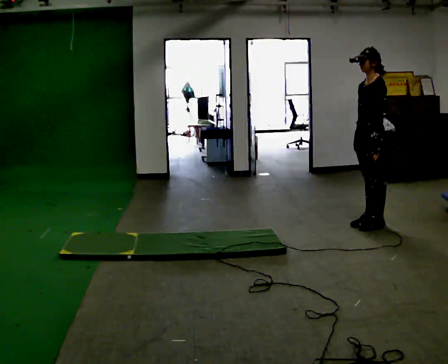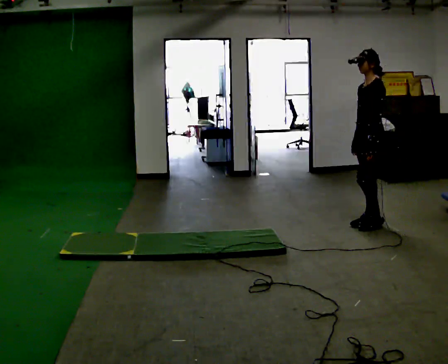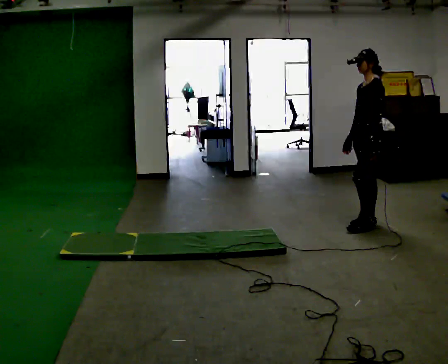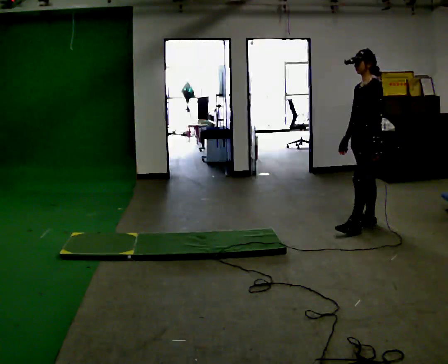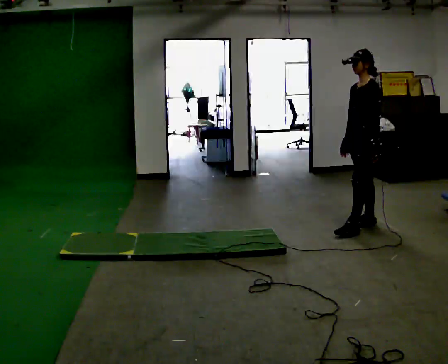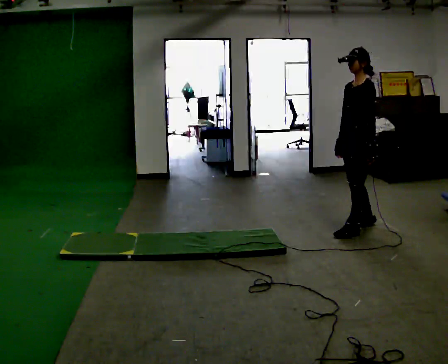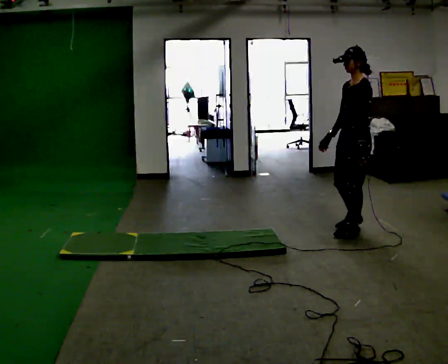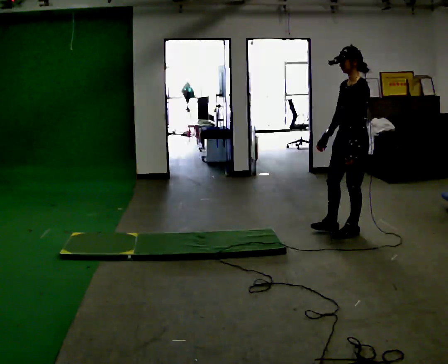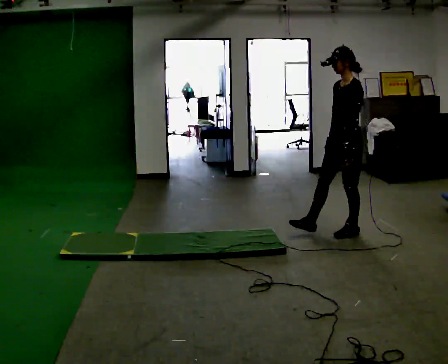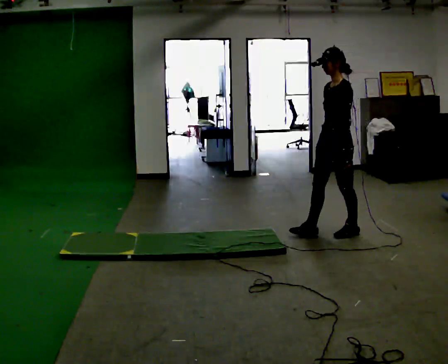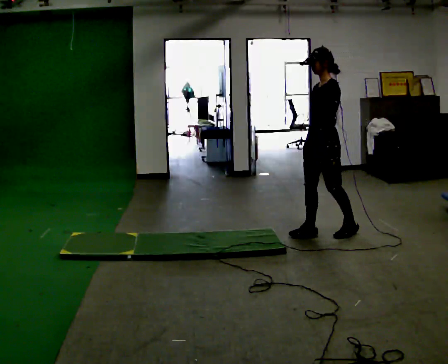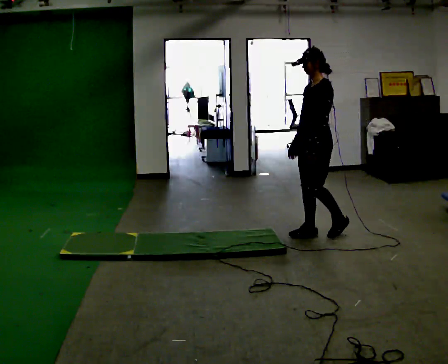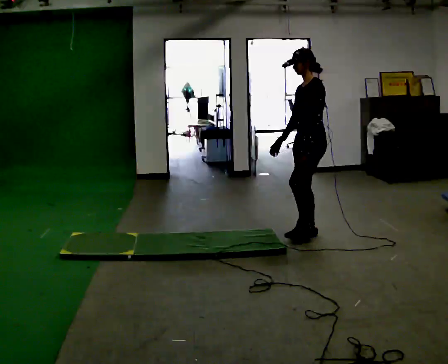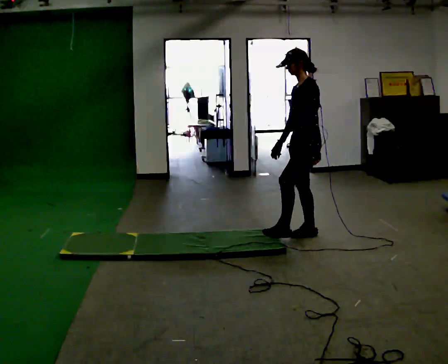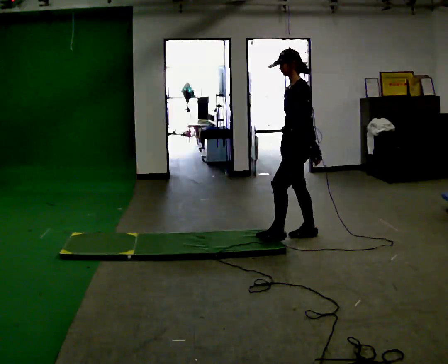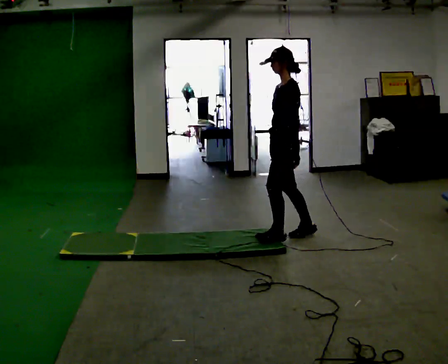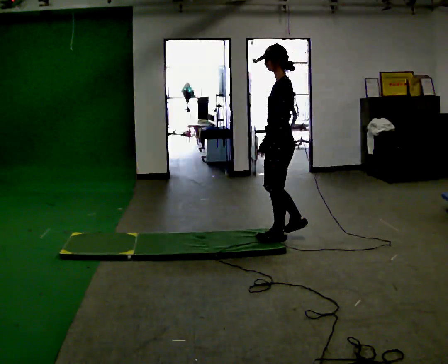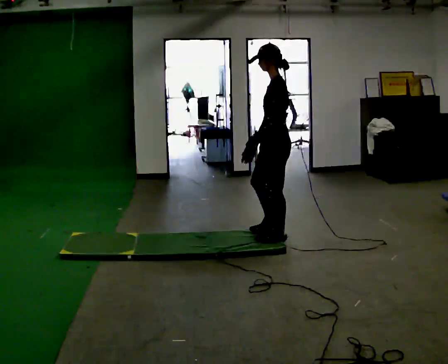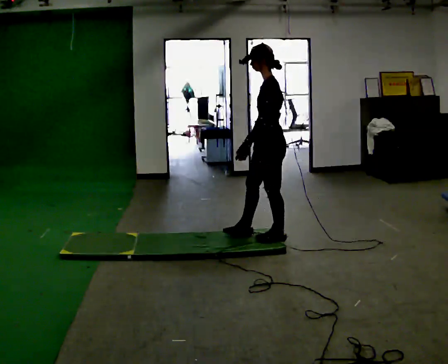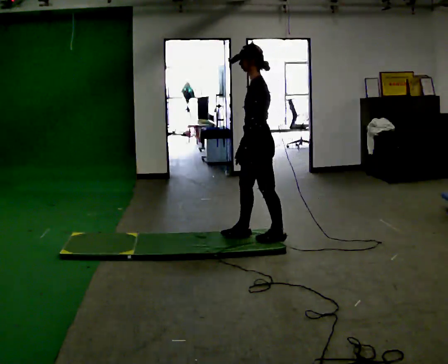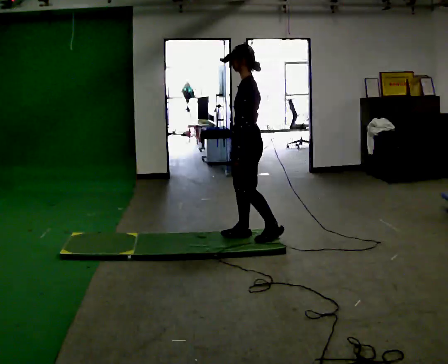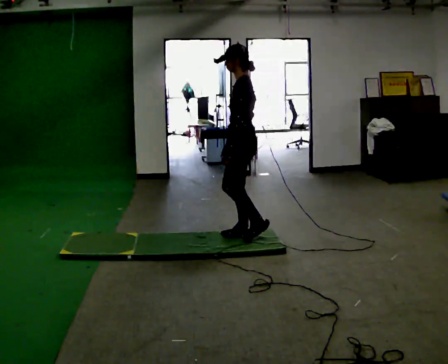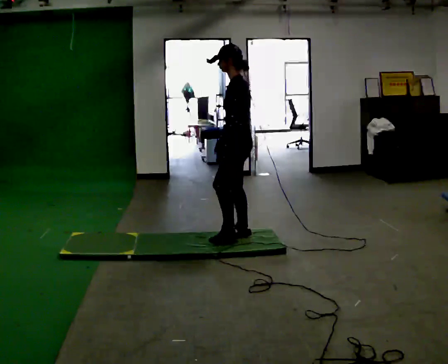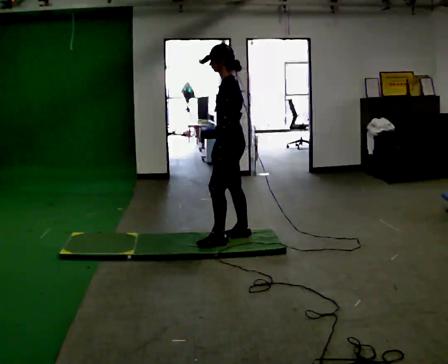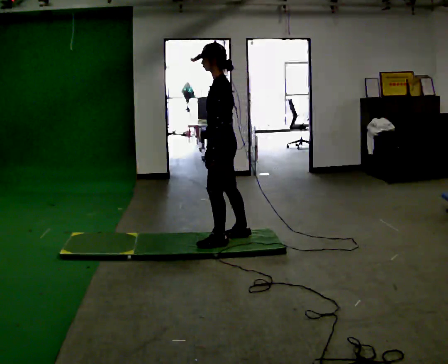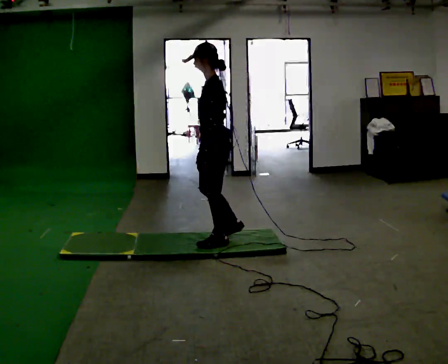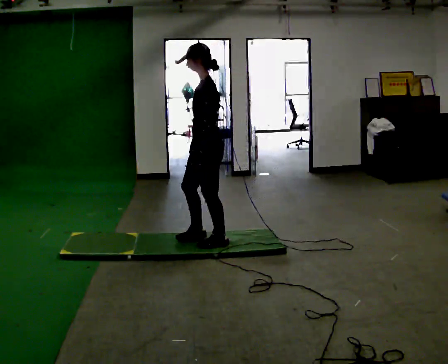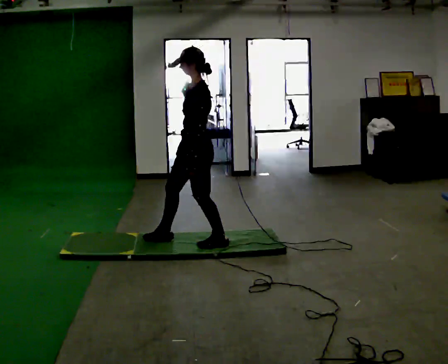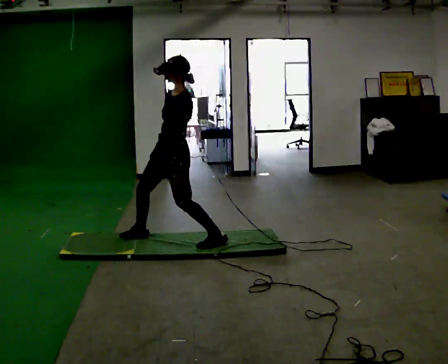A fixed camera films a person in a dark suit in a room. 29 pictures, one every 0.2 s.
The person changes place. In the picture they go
to the left.
0.0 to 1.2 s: In the picture they go toward the camera and to the left, about 0.25 m in 1 step, which for them is forward and to their left.
1.2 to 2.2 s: In the picture they go to the left, about 0.25 m in 1 step, which for them is forward.
2.2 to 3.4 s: The person turns about 30 degrees to their right, clockwise seen from above, so the part of the body nearest the lens slides to the left. In the picture they go to the left and toward the camera, about 0.5 m in 1 step, which for them is forward.
3.4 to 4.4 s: In the picture they go to the left, about 0.25 m in 1 step, which for them is forward.
4.4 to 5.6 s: The part of the body nearest the lens slides to the right as the person turns to their left by about 30 degrees. In the picture they go to the left, about 0.5 m in 2 steps, which for them is forward. In the picture the upper body tilts clockwise, shoulders to the right.
The film runs forward here.
